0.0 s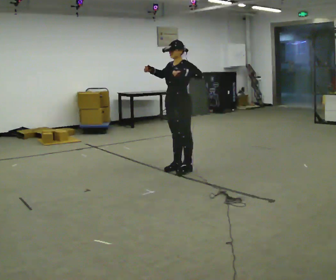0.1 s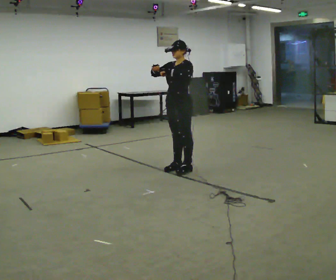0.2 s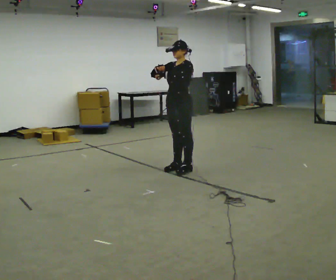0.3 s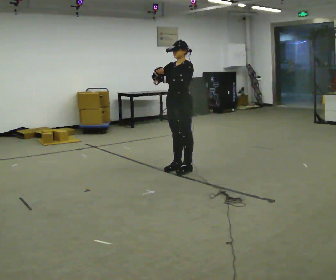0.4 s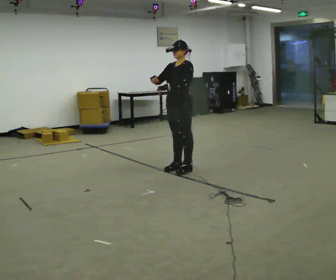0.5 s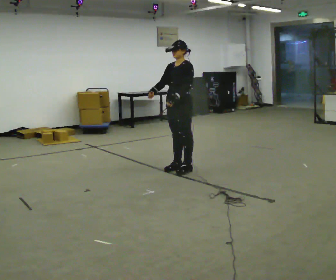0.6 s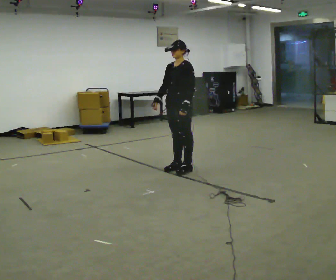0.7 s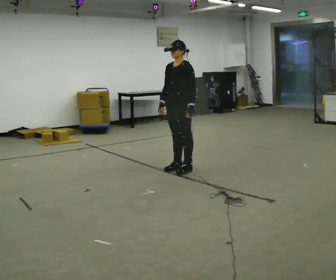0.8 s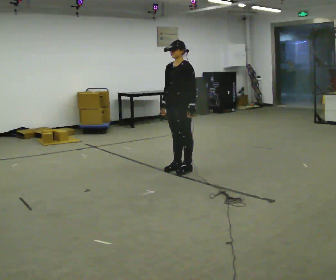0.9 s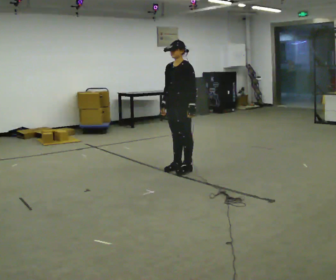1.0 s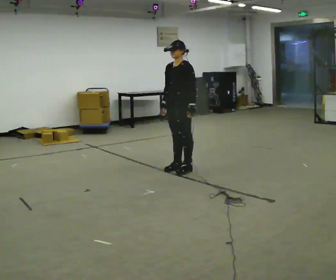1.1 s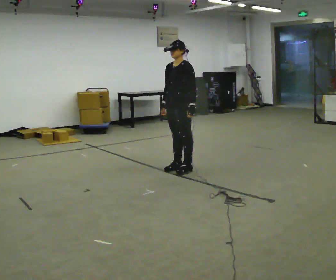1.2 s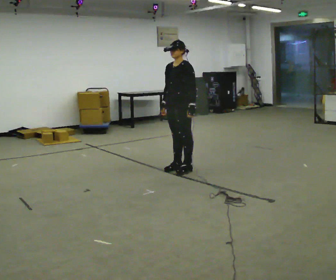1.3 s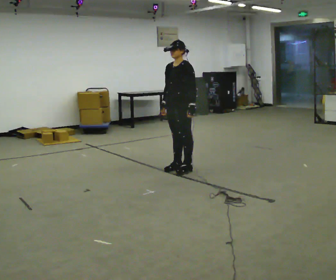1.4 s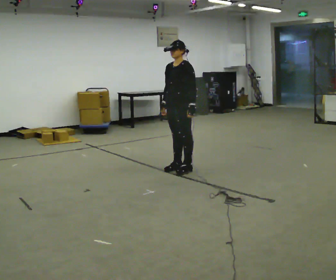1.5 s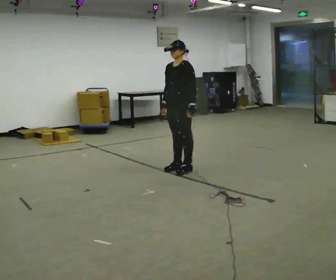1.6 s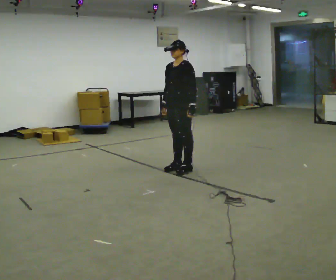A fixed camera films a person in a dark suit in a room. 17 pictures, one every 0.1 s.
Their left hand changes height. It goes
downward.
Their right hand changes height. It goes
downward.
0.0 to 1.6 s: In the picture their left hand goes downward.
The film runs backward here.
